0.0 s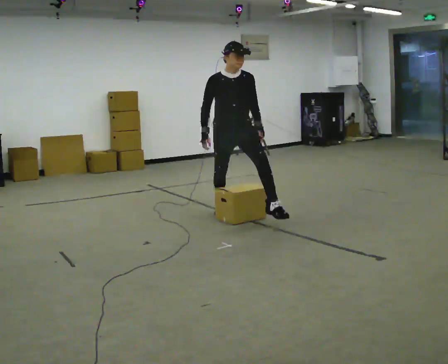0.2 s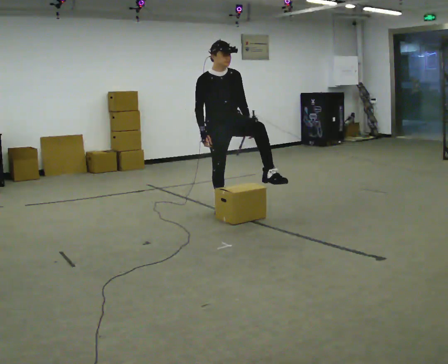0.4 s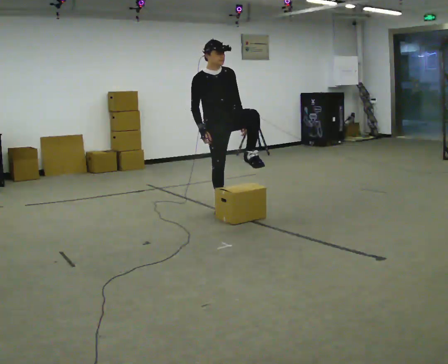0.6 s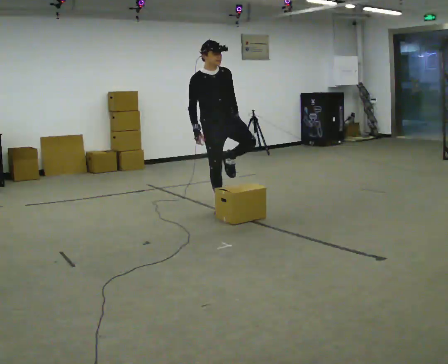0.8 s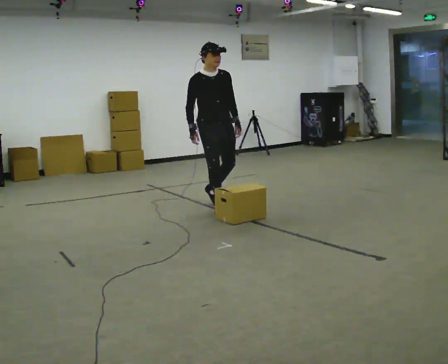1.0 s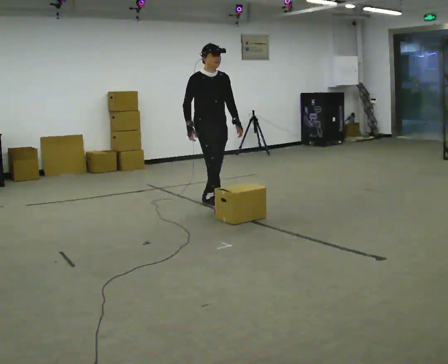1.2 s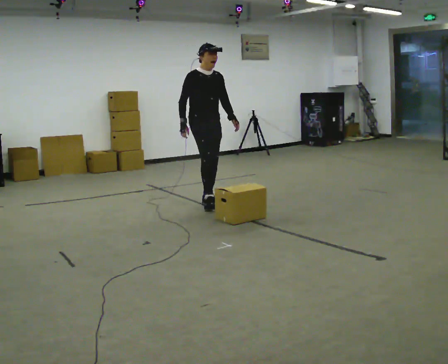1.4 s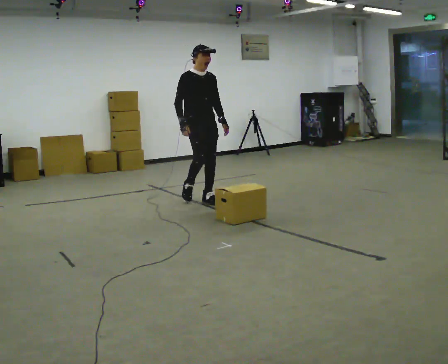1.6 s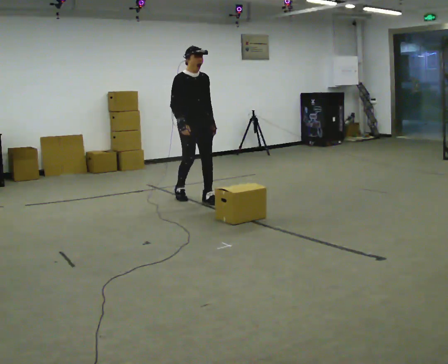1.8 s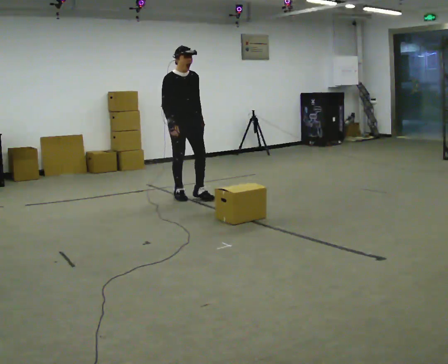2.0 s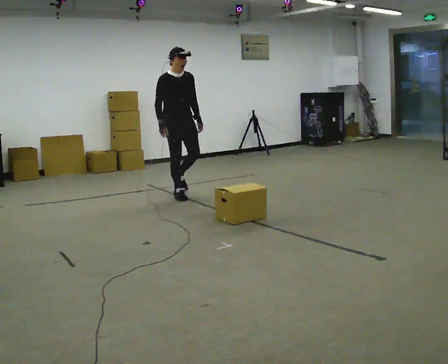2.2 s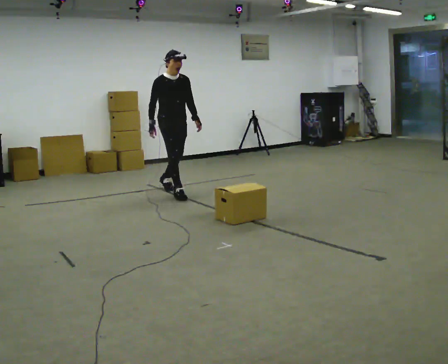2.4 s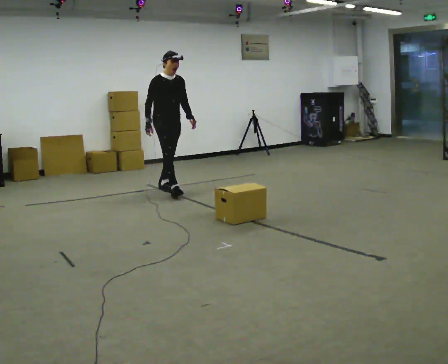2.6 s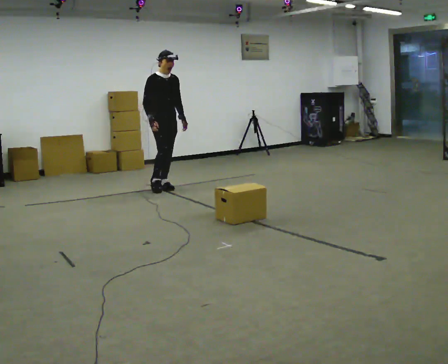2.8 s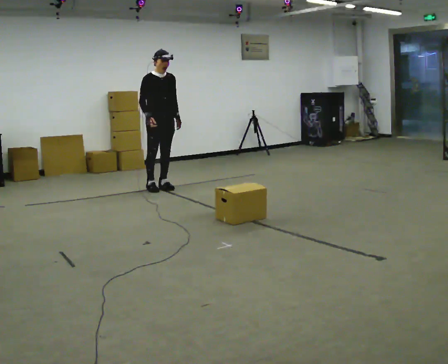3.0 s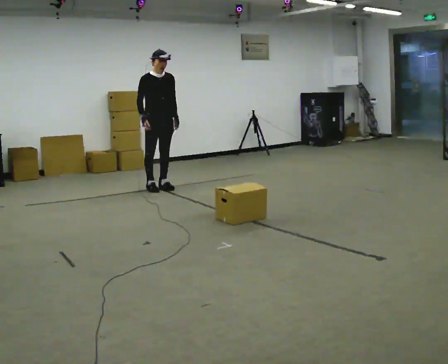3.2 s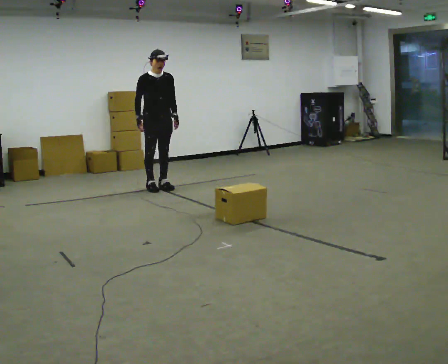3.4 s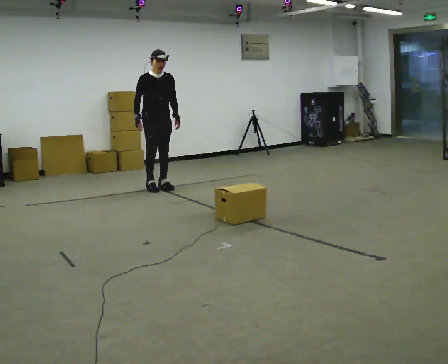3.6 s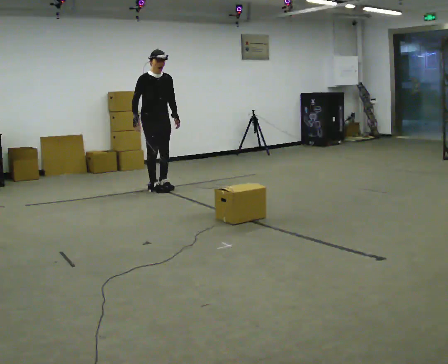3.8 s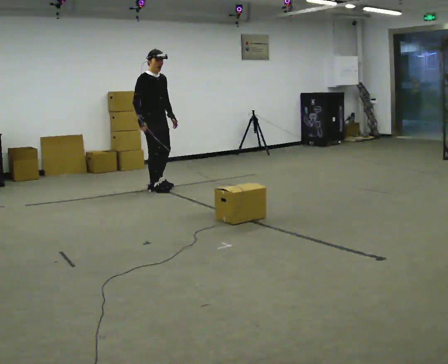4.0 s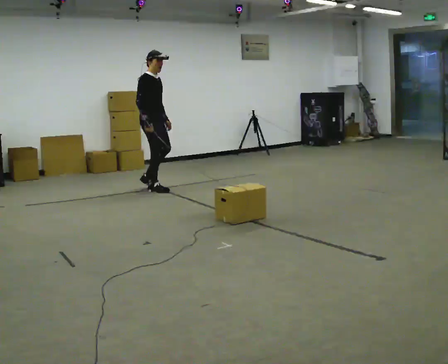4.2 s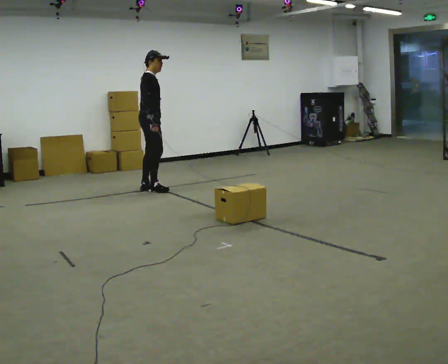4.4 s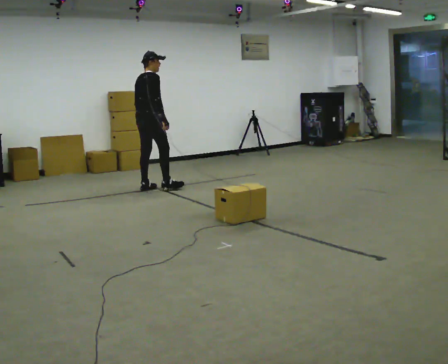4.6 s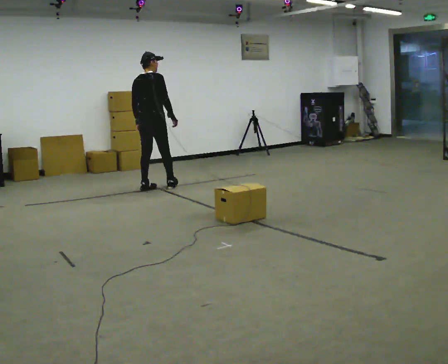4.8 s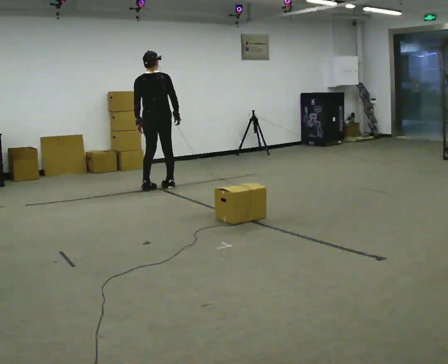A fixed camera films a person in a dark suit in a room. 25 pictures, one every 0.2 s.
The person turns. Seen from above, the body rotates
counterclockwise.
The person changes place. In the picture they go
away from the camera.
0.0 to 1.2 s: The part of the body nearest the lens slides to the right as the person turns to their left by about 30 degrees. In the picture they go away from the camera, about 0.75 m in 2 steps, which for them is backward.
1.2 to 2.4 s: In the picture they go away from the camera and to the left, about 1 m in 2 steps, which for them is backward.
2.4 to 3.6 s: In the picture they go away from the camera and to the left, about 0.25 m, which for them is backward.
3.6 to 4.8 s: Seen from above the body turns counterclockwise, about 135 degrees: to their left, with its near side sliding to the right. In the picture their right hand goes to the right, the arm swinging counterclockwise.
The film runs backward here.
